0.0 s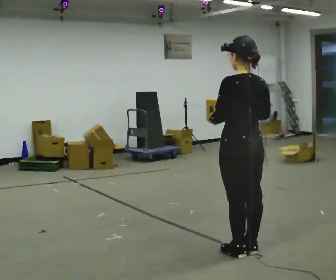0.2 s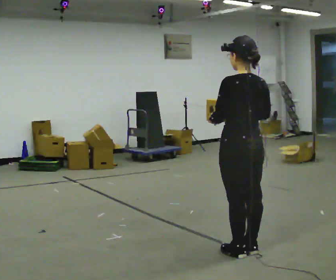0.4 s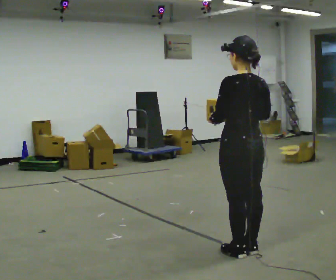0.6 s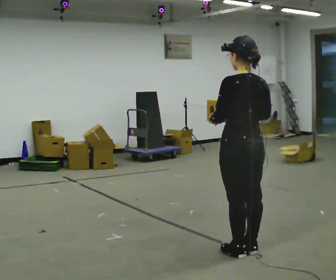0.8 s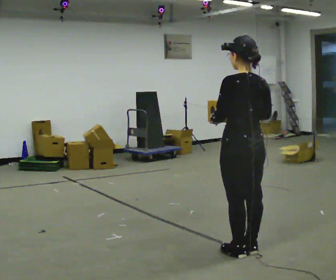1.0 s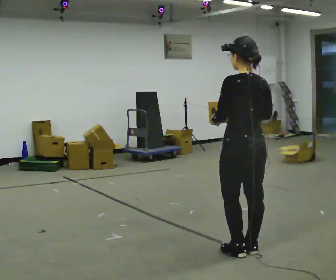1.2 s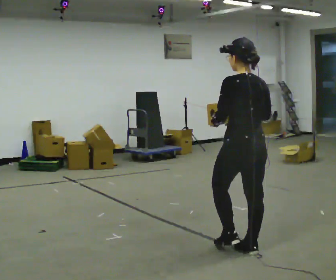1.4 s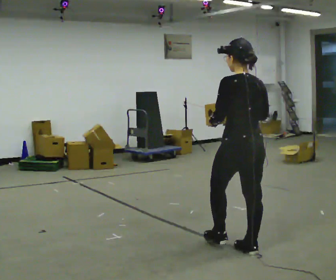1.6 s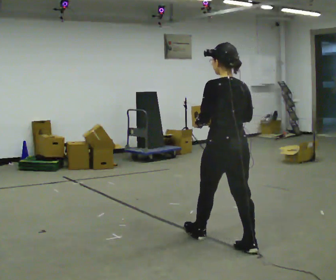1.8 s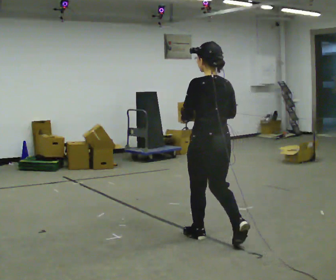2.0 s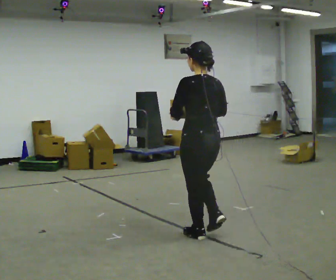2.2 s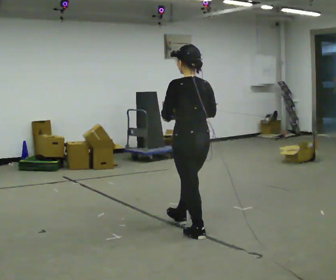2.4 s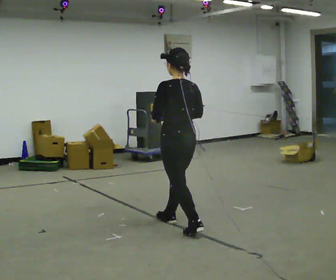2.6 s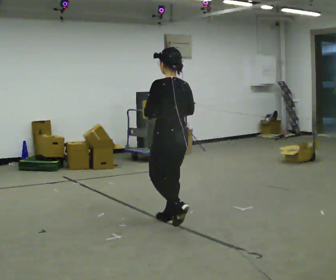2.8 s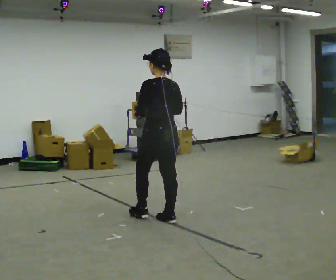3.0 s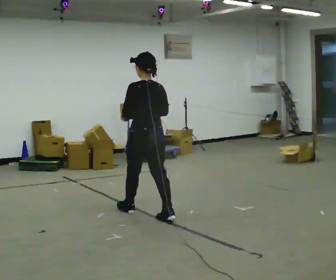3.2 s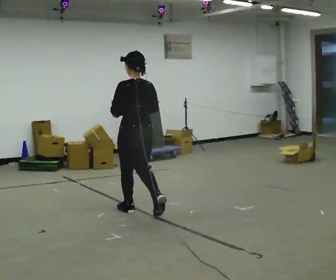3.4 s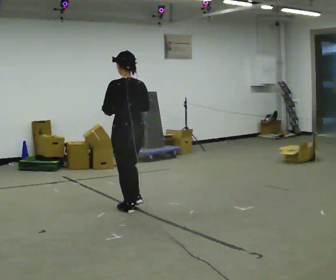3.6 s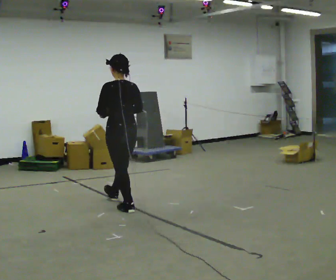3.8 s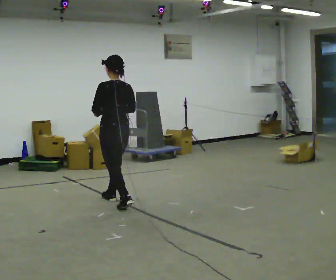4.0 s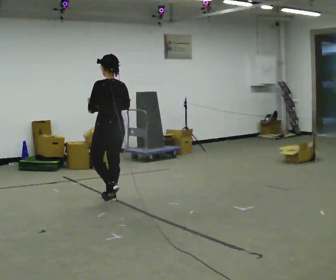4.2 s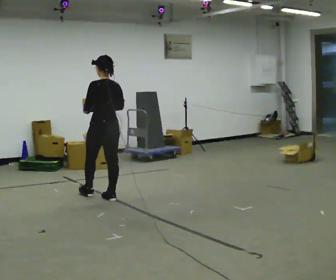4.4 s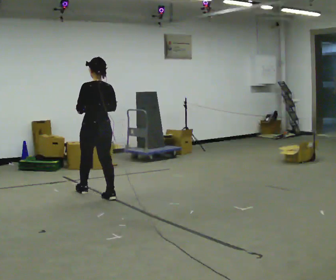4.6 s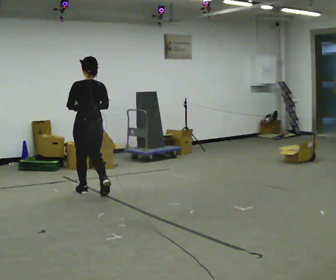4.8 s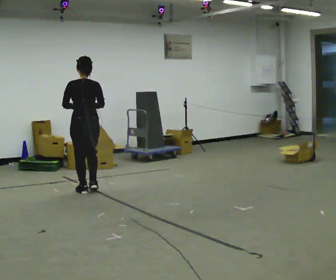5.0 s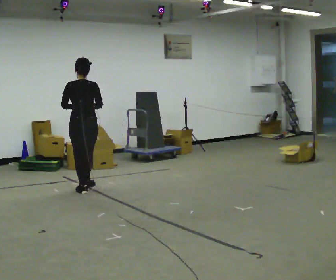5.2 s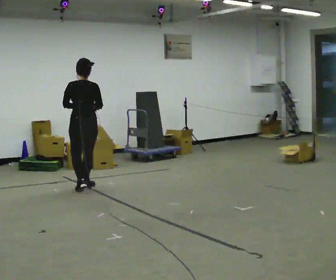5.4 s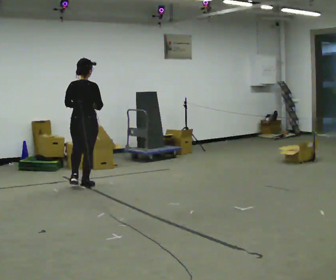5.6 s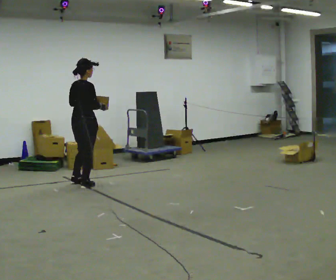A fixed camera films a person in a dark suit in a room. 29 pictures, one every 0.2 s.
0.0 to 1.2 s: The person moves a little, or ends about where they began.
1.2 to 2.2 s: In the picture they go away from the camera and to the left, about 0.5 m in 1 step, which for them is forward.
2.2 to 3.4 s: In the picture they go away from the camera and to the left, about 1 m in 2 steps, which for them is forward.
3.4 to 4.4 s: In the picture they go away from the camera and to the left, about 0.5 m in 2 steps, which for them is forward.
4.4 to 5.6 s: The person turns about 75 degrees to their right, clockwise seen from above, so the part of the body nearest the lens slides to the left. In the picture they go away from the camera and to the left, about 0.5 m in 1 step.
The film runs forward here.
